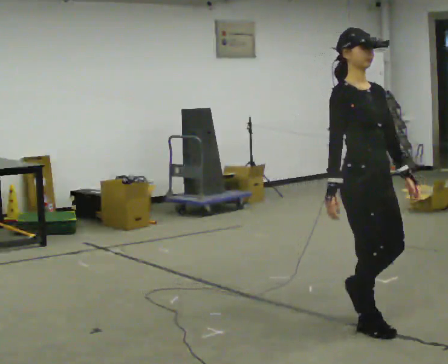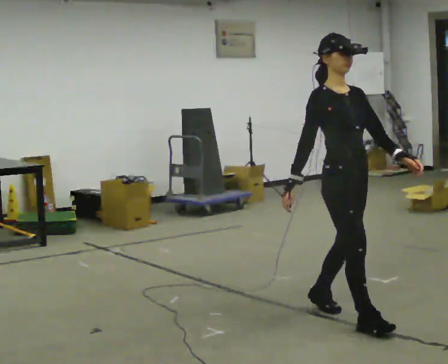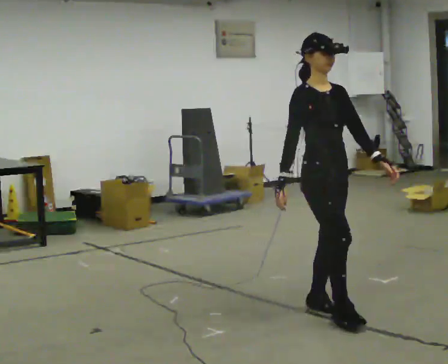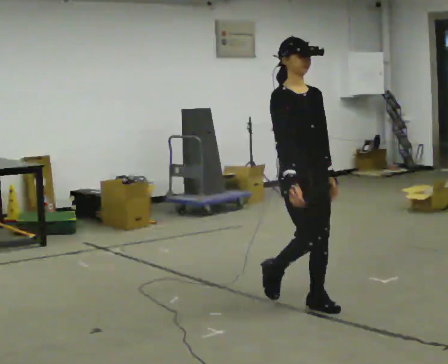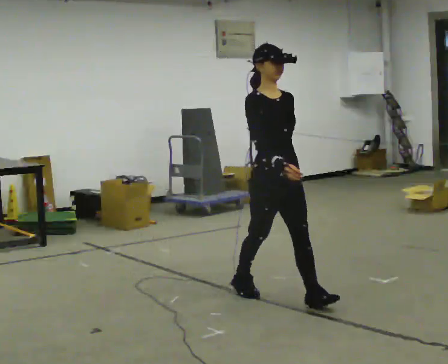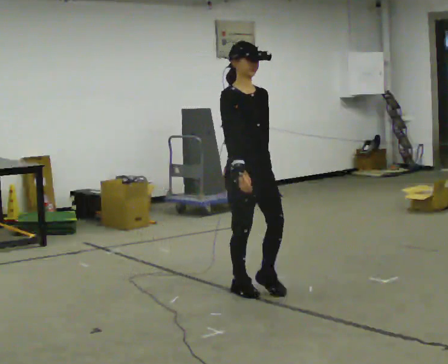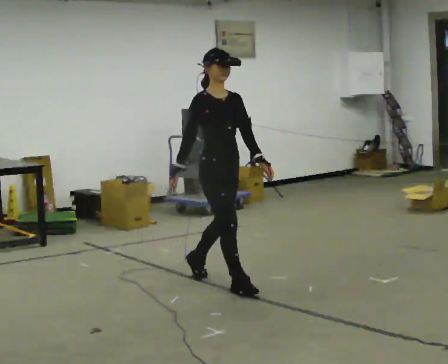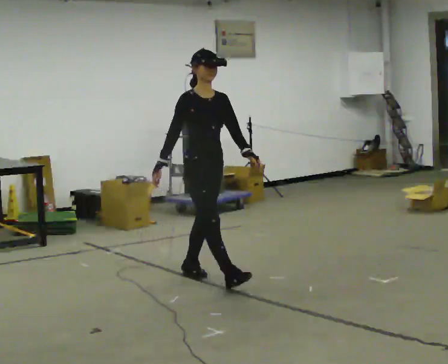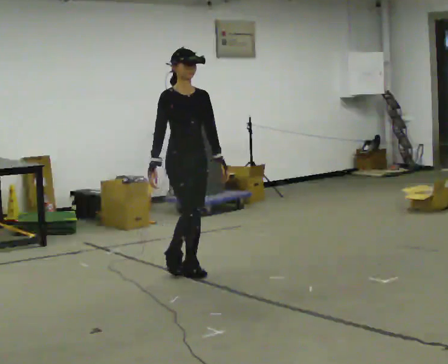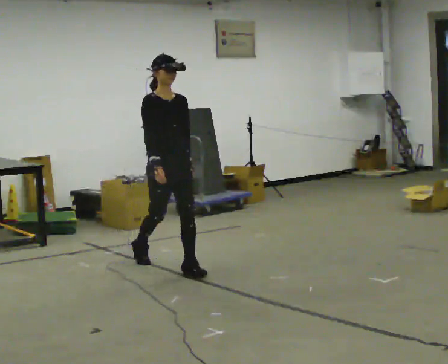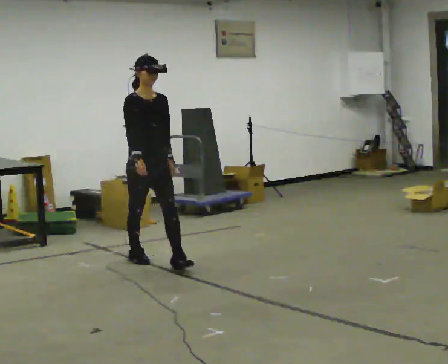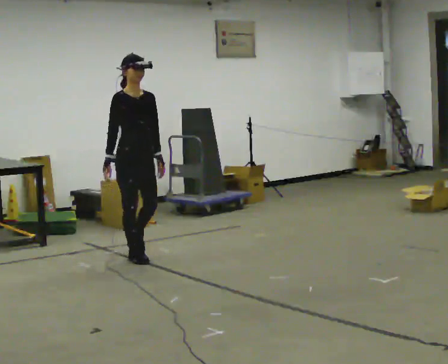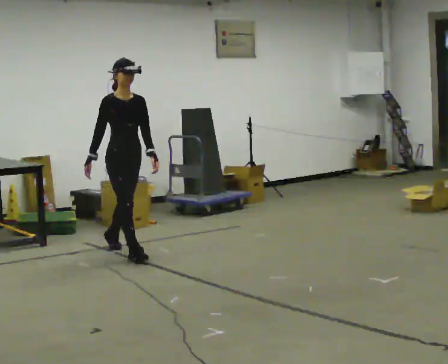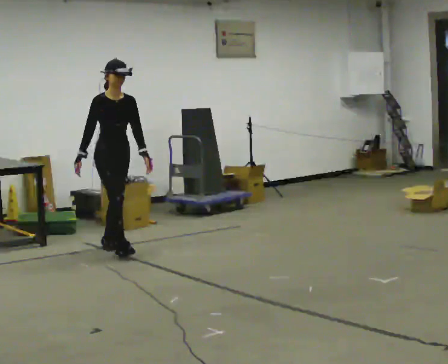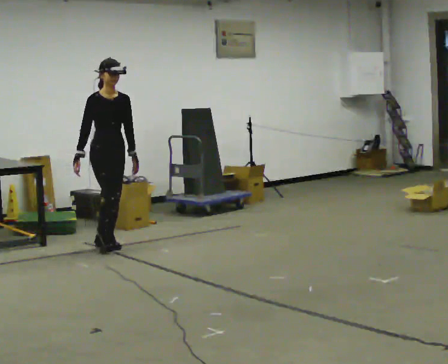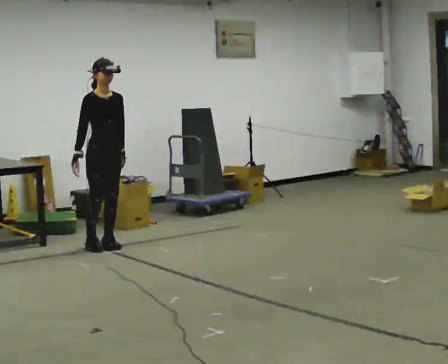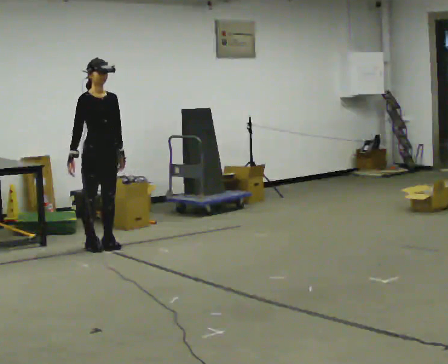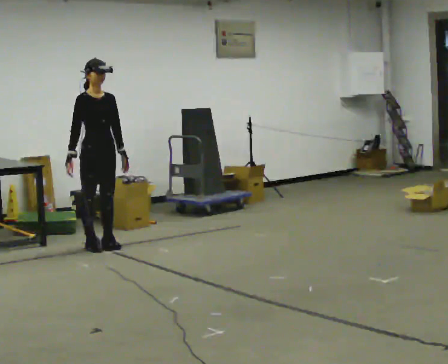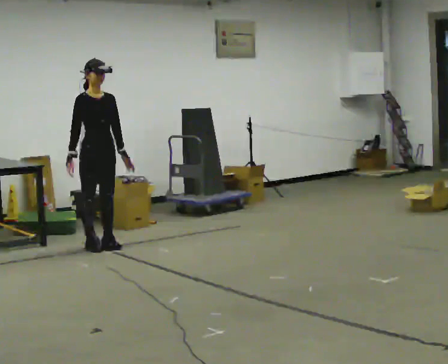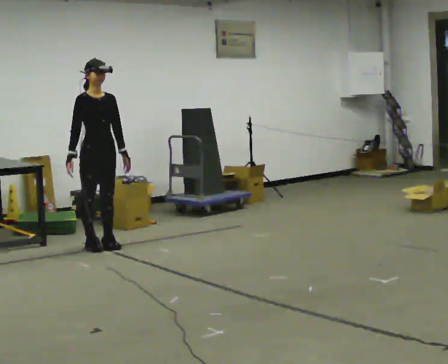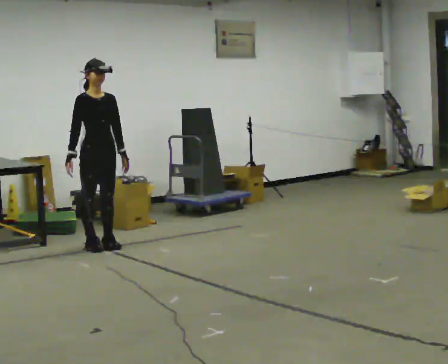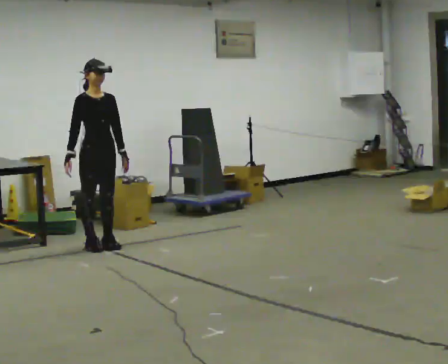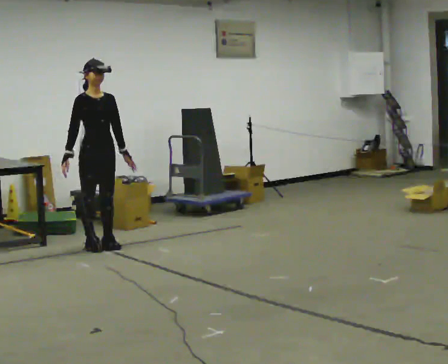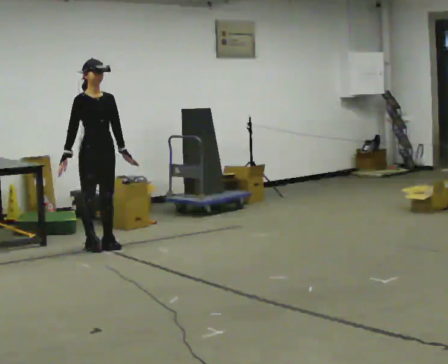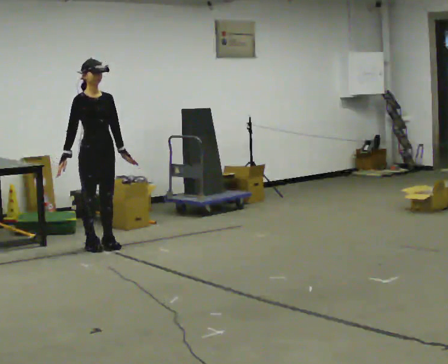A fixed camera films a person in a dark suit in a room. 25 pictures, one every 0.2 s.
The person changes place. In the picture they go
away from the camera.
0.0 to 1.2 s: In the picture they go away from the camera and to the left, about 1 m in 2 steps, which for them is backward.
1.2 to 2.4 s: In the picture they go away from the camera and to the left, about 1.5 m in 2 steps, which for them is backward.
2.4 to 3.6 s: In the picture they go away from the camera and to the left, about 0.5 m in 1 step, which for them is backward.
3.6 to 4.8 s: The person moves a little, or ends about where they began.
The film runs backward here.
